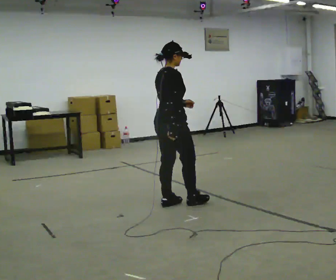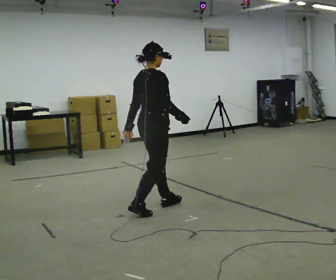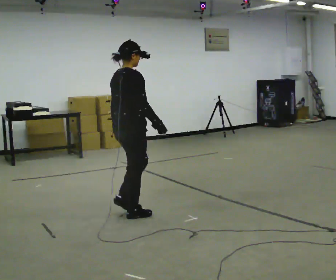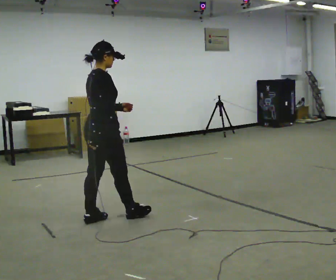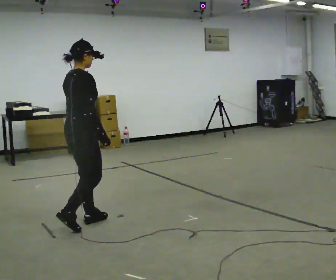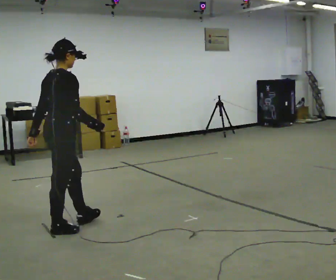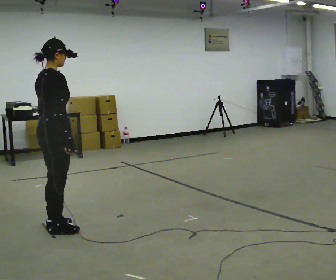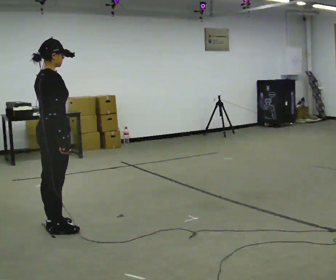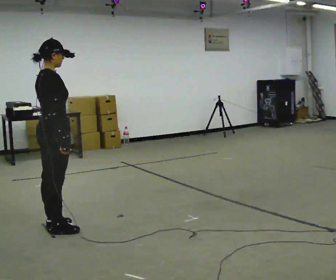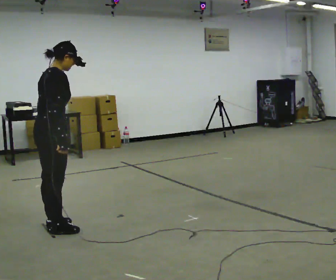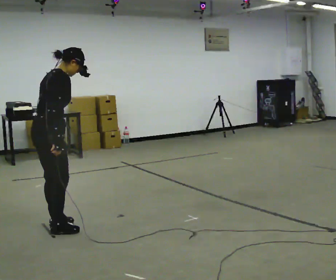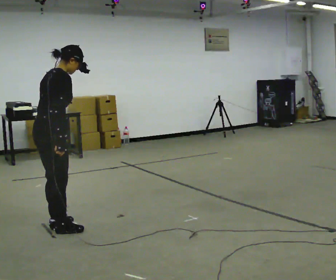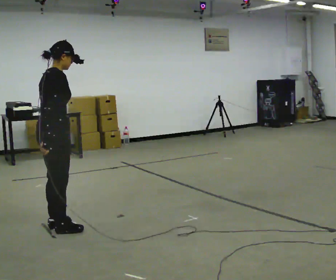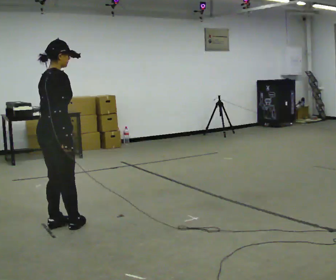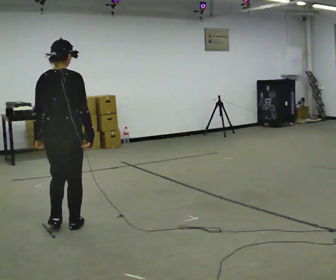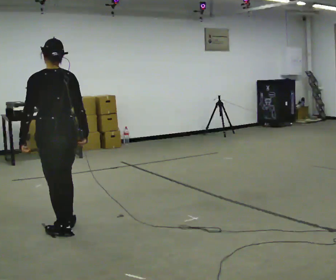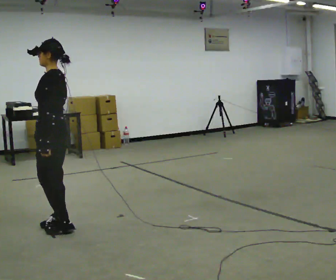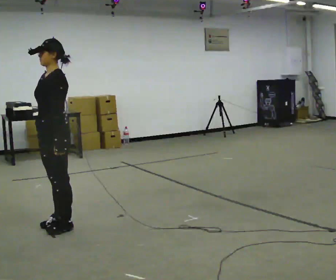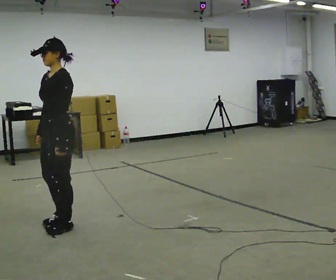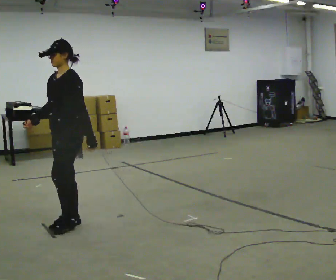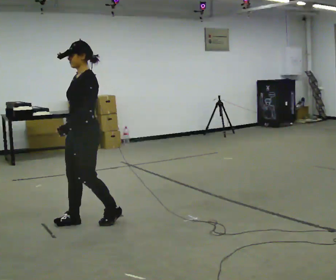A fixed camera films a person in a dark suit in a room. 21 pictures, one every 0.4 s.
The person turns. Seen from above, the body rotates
counterclockwise.
The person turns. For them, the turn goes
to their left.
0.0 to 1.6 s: In the picture they go to the left, about 1 m in 2 steps, which for them is backward.
1.6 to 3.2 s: In the picture they go to the left, about 0.25 m in 1 step, which for them is backward. In the picture their right hand goes to the left.
3.2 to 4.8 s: The person moves a little, or ends about where they began.
4.8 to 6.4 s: The person turns about 150 degrees to their left, counterclockwise seen from above, so the part of the body nearest the lens slides to the right.
6.4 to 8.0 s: The part of the body nearest the lens slides to the right as the person turns to their left by about 30 degrees. In the picture they go to the right, about 0.25 m in 1 step, which for them is backward.
The film runs backward here.
